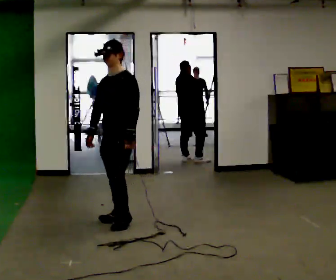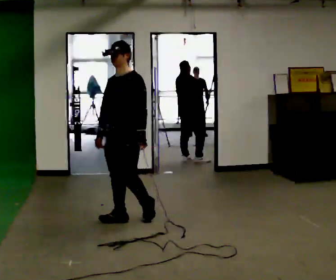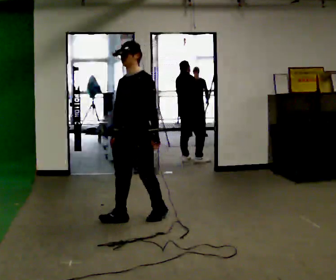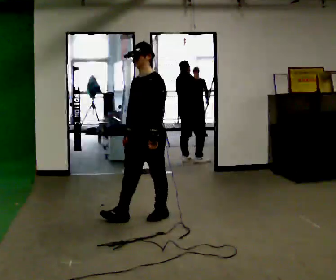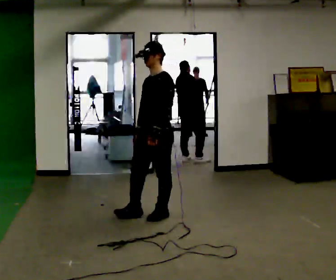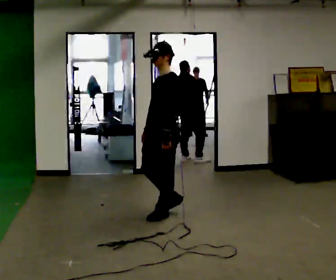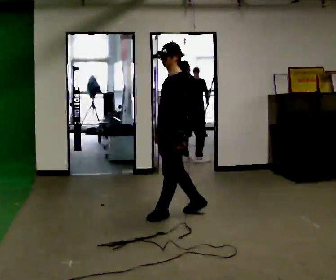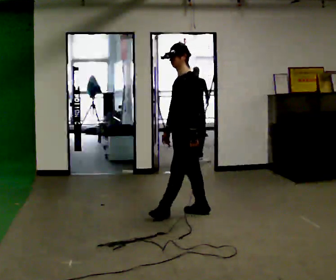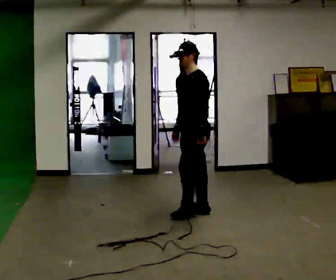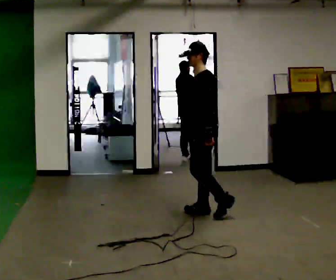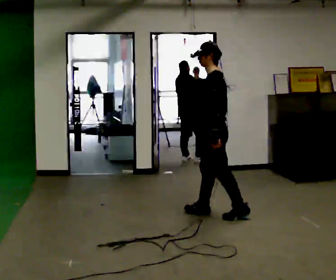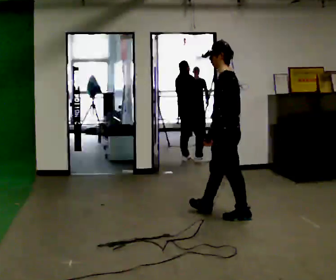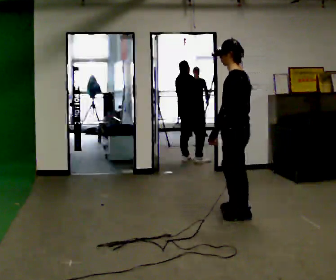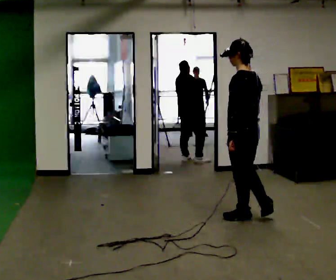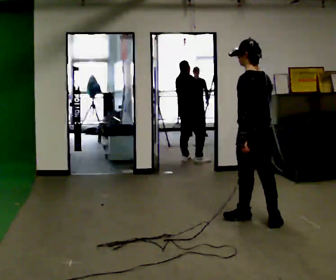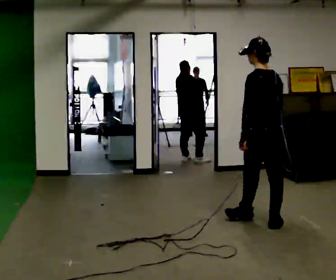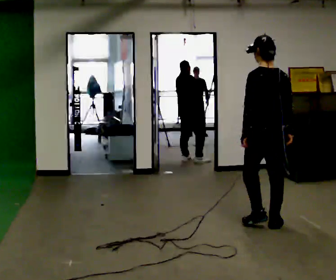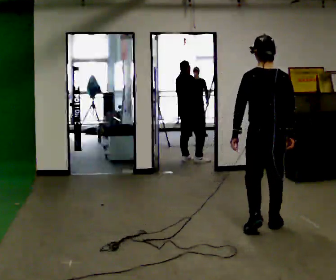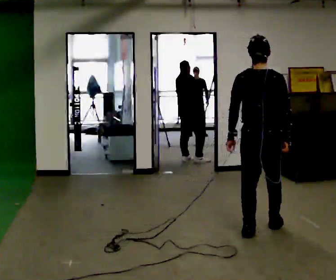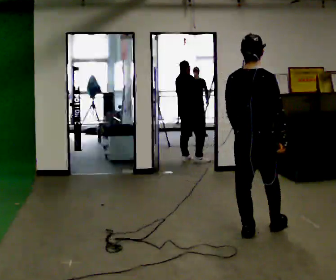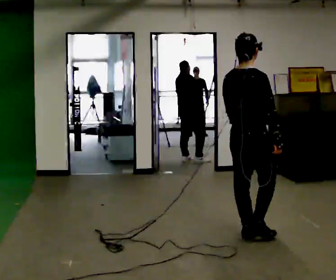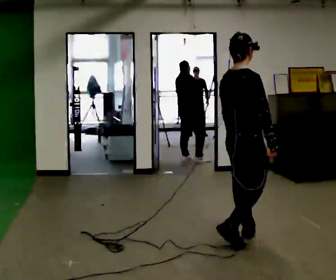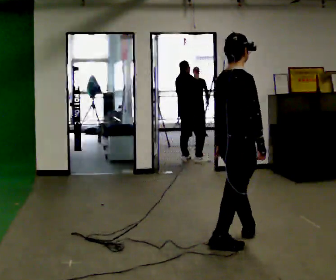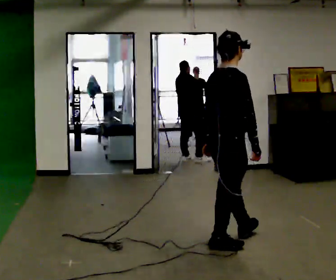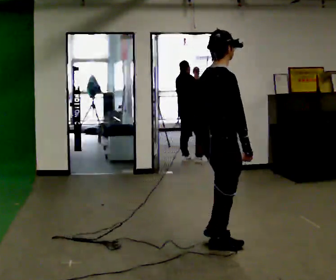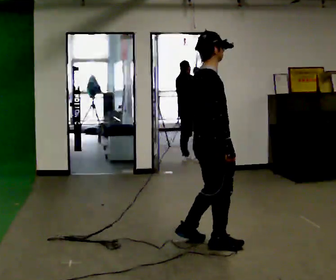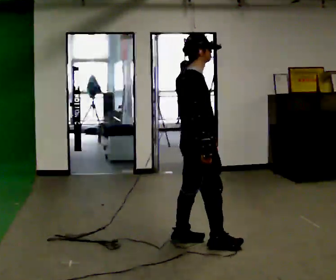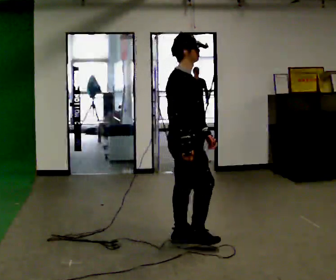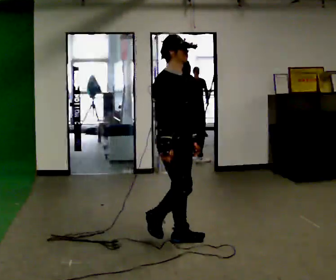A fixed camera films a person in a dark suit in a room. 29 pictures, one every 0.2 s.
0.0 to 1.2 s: The part of the body nearest the lens slides to the left as the person turns to their right by about 30 degrees. In the picture they go to the right and away from the camera, about 0.5 m in 1 step, which for them is backward and to their left.
1.2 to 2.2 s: The part of the body nearest the lens slides to the left as the person turns to their right by about 30 degrees. In the picture they go to the right, about 0.5 m in 2 steps, which for them is backward and to their left.
2.2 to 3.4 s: Seen from above the body turns clockwise, about 75 degrees: to their right, with its near side sliding to the left. In the picture they go to the right and toward the camera, about 0.5 m in 1 step.
3.4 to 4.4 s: Seen from above the body turns clockwise, about 75 degrees: to their right, with its near side sliding to the left. In the picture they go toward the camera and to the left, about 0.5 m in 1 step.
4.4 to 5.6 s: Seen from above the body turns clockwise, about 45 degrees: to their right, with its near side sliding to the left. In the picture they go to the left, about 0.5 m in 2 steps, which for them is backward and to their left.
The film runs backward here.
